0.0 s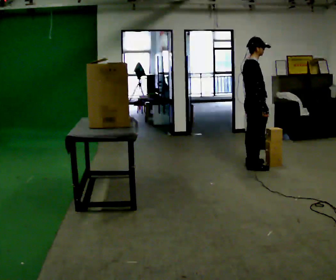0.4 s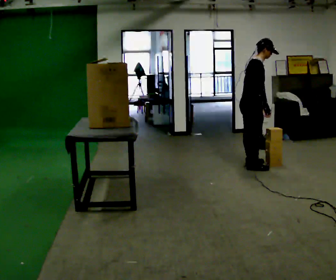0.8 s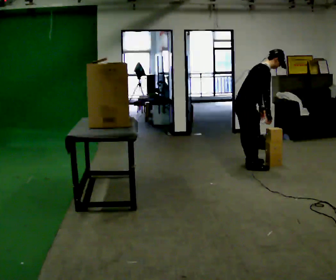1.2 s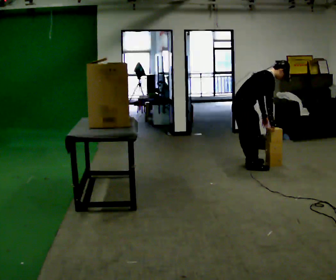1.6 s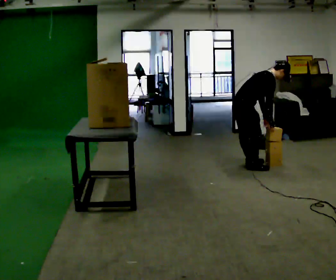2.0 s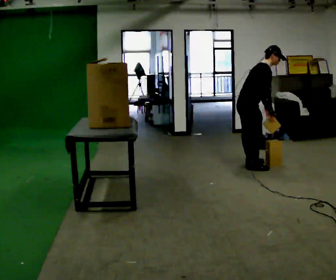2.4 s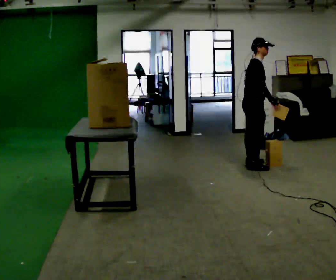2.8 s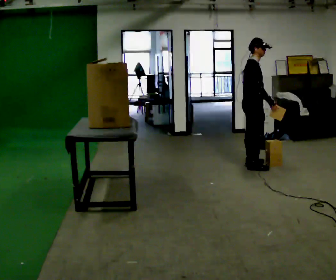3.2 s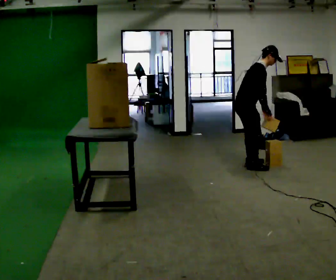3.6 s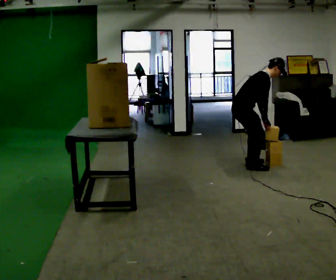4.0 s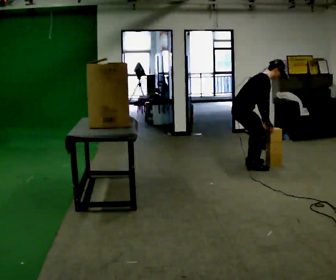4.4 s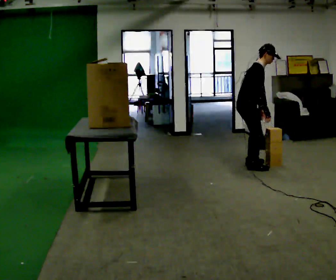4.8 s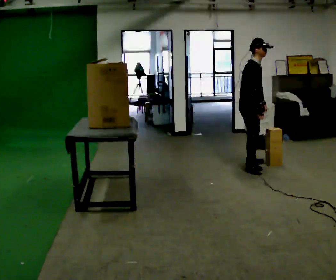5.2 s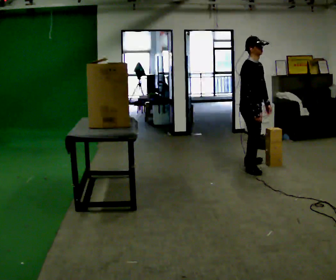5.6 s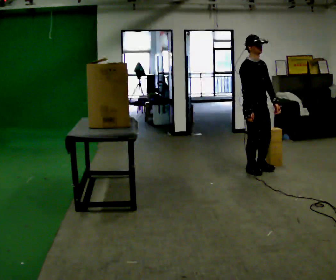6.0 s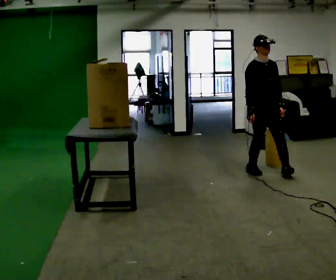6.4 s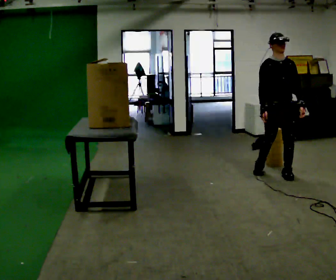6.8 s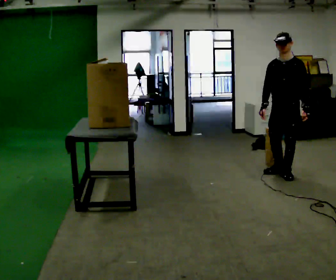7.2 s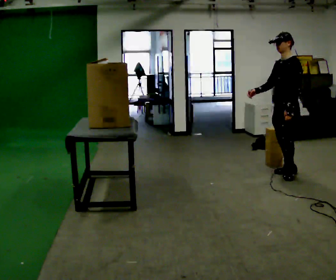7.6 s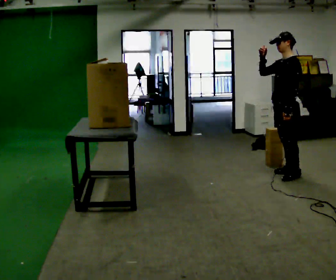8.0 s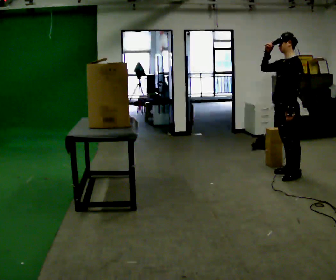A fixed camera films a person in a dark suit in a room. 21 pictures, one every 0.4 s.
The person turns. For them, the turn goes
to their right.
The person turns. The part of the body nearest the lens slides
to the left.
0.0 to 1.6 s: In the picture they go to the left, about 0.25 m, which for them is backward. The upper body goes downward. In the picture the upper body tilts clockwise, shoulders to the right, as they bend forward.
1.6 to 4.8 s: The part of the body nearest the lens slides to the left as the person turns to their right by about 30 degrees.
4.8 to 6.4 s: The part of the body nearest the lens slides to the left as the person turns to their right by about 60 degrees. In the picture they go toward the camera and to the right, about 0.5 m in 1 step. In the picture the upper body tilts counterclockwise, shoulders to the left.
6.4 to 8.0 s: Seen from above the body turns clockwise, about 90 degrees: to their right, with its near side sliding to the left. In the picture their right hand goes upward, the arm swinging clockwise.
The film runs forward here.
